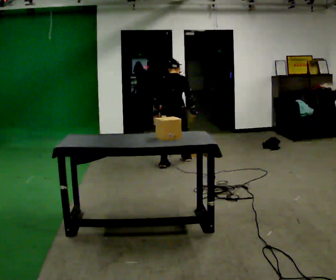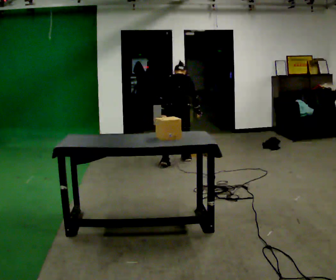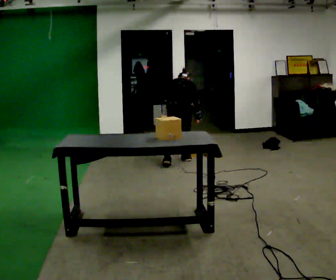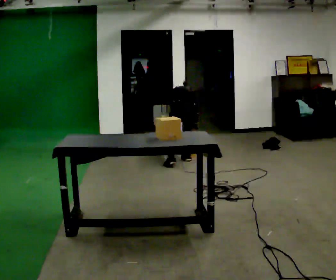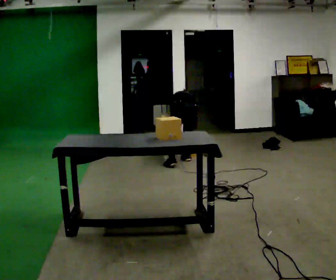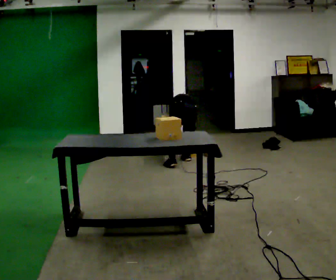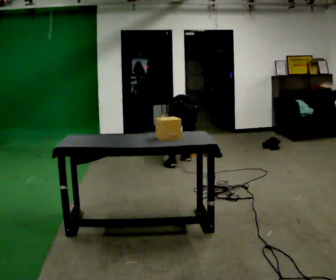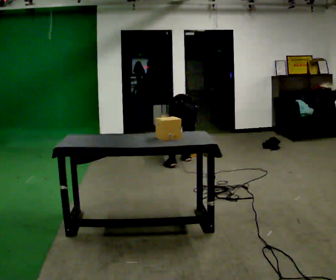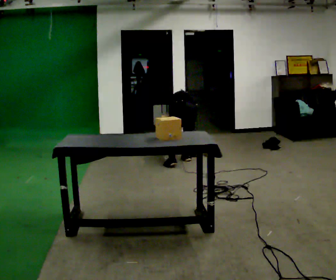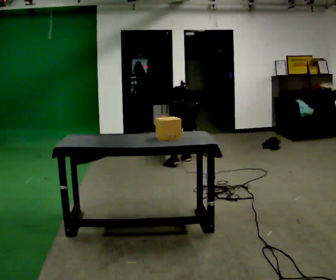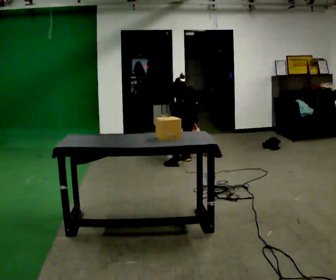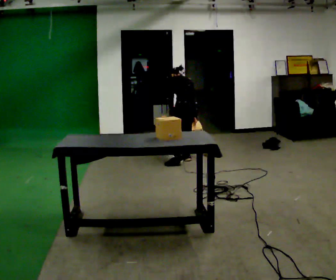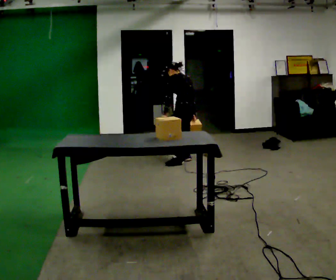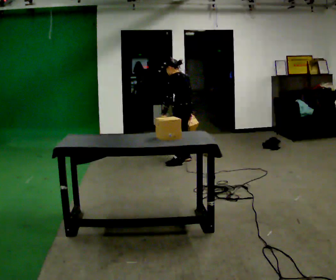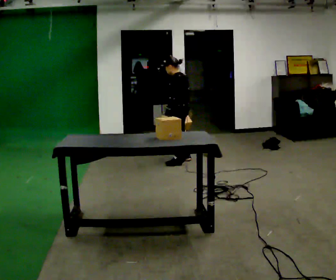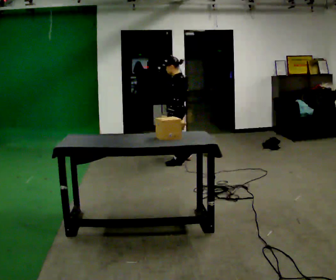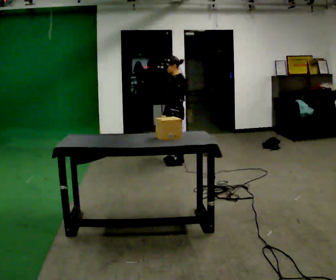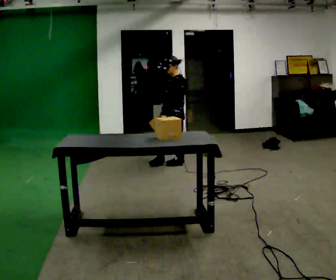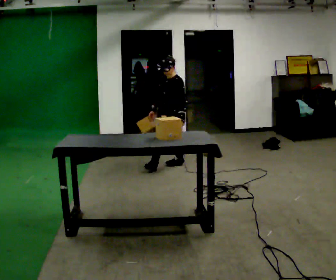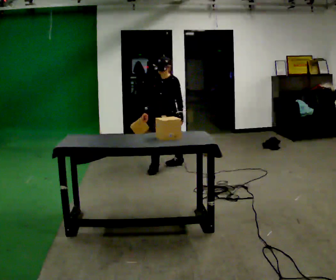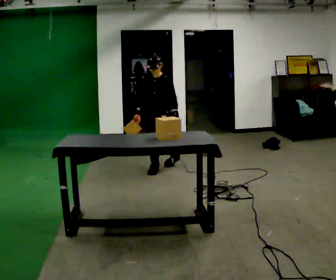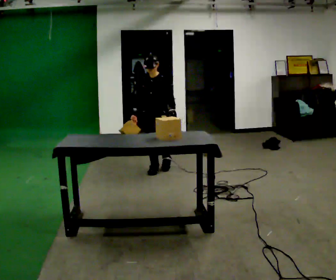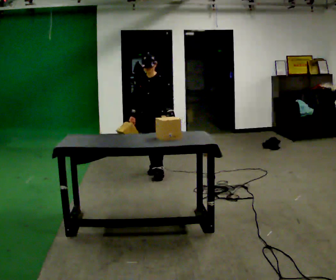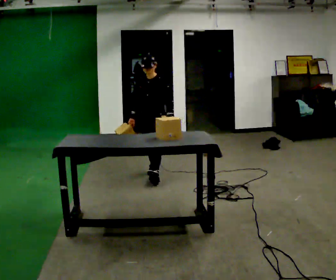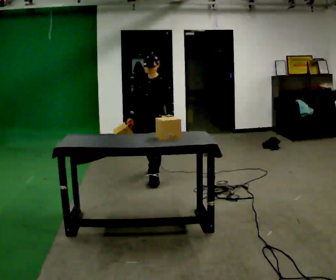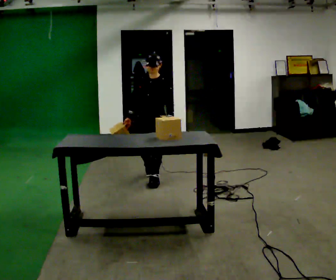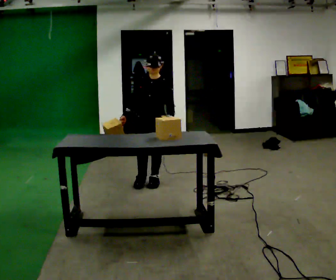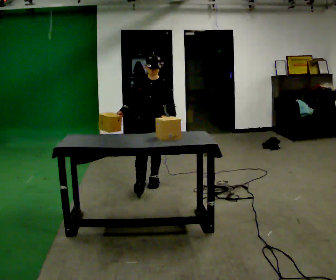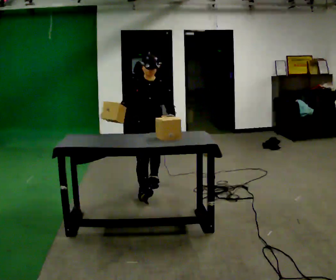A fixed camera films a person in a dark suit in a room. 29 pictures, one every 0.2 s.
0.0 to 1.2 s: The shoulders move downward. The upper body tips away from the camera, its near side rolling upward, as they bend forward.
1.2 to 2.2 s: Seen from above the body turns counterclockwise, about 30 degrees: to their left, with its near side sliding to the right. The shoulders move upward. The upper body tips toward the camera, its near side rolling downward, as they lean back or straighten.
2.2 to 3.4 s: Seen from above the body turns counterclockwise, about 90 degrees: to their left, with its near side sliding to the right. In the picture they go toward the camera and to the left, about 0.25 m. The upper body tips toward the camera, its near side rolling downward, as they lean back or straighten.
3.4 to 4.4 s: The person turns about 30 degrees to their left, counterclockwise seen from above, so the part of the body nearest the lens slides to the right. In the picture they go toward the camera and to the left, about 0.5 m in 1 step, which for them is forward and to their right.
4.4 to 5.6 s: The person turns about 30 degrees to their left, counterclockwise seen from above, so the part of the body nearest the lens slides to the right. In the picture they go toward the camera, about 0.75 m in 2 steps, which for them is forward.
The film runs forward here.
